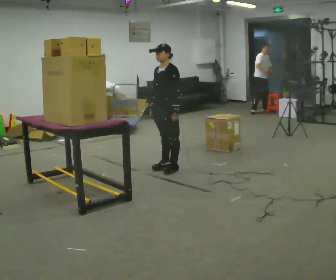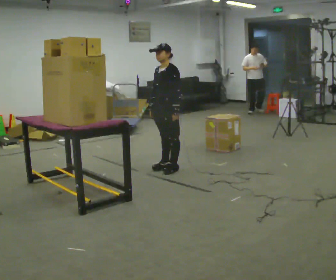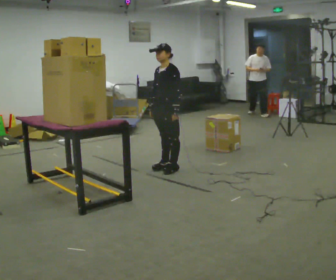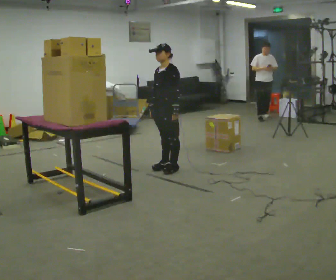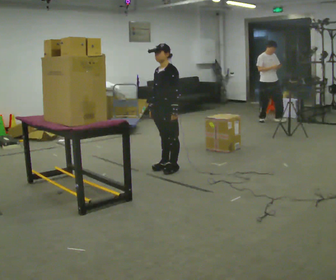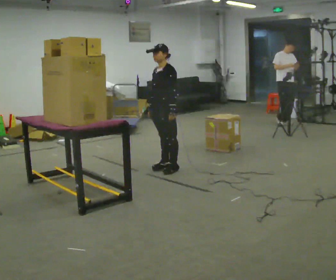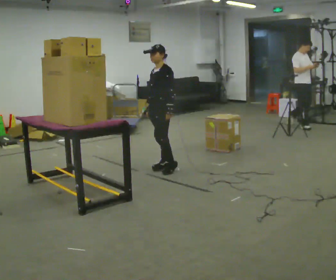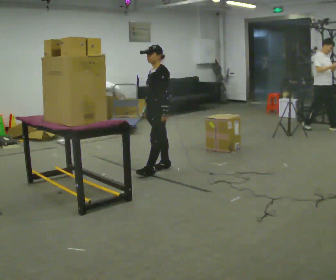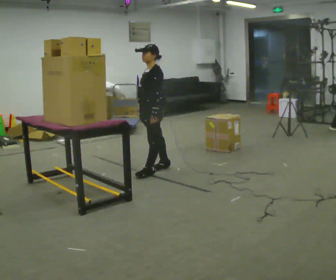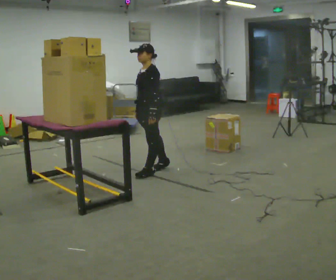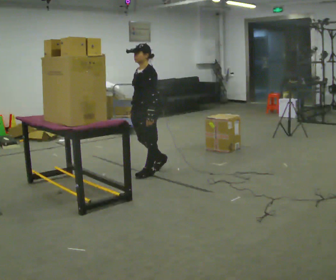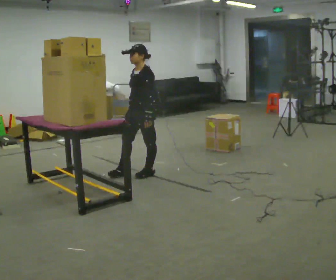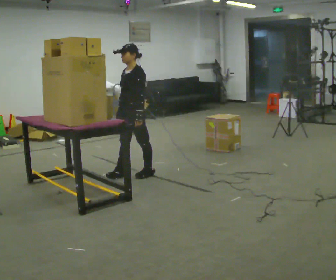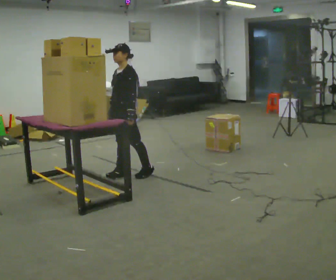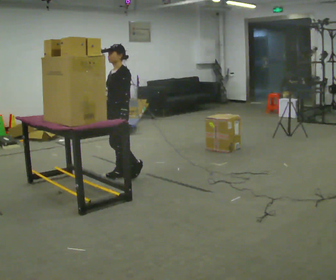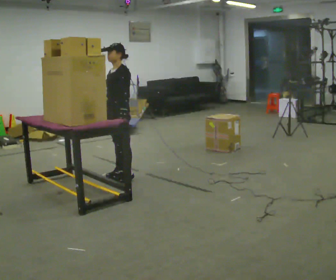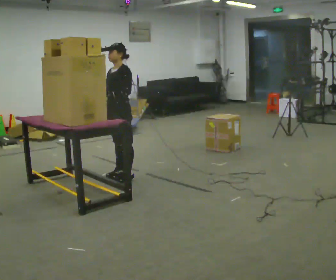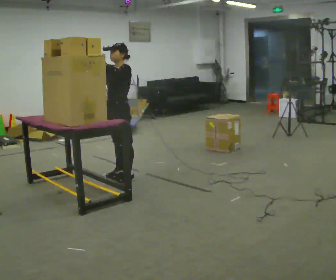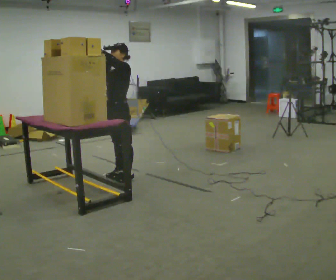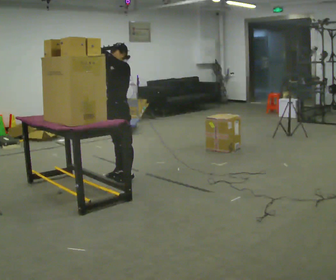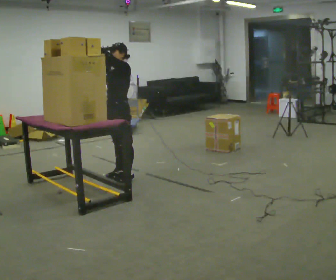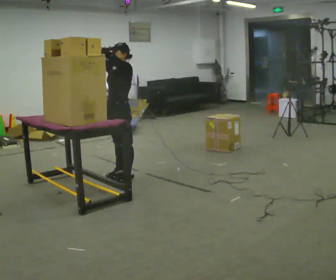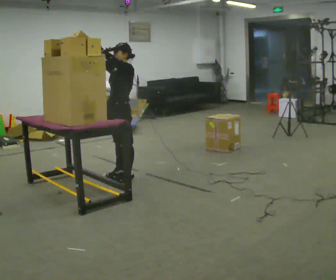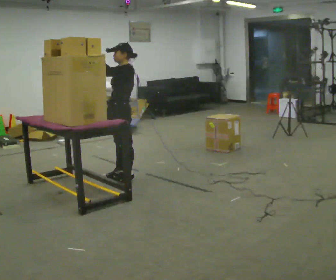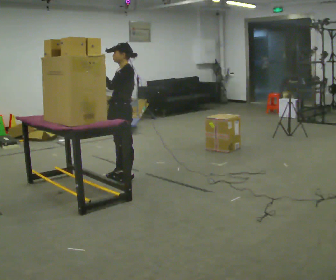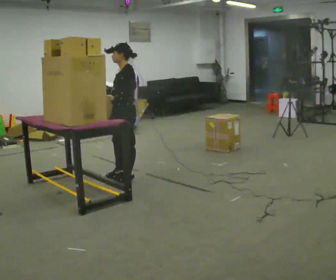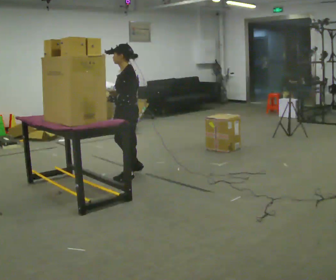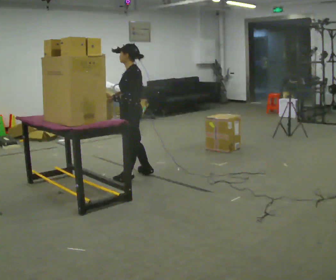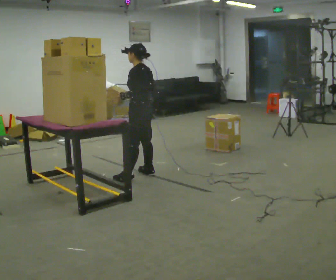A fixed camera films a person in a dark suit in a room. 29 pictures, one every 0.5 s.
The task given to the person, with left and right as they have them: Take an object down from the highest shelf you can comfortably reach, carry it across, and place it on the waist-height shelf. Keep going until the operator says stop; one object at a time, and do not rush between trips.
0.0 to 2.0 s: The person keeps their place and pose.
2.0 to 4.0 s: In the picture they go to the left, about 0.25 m in 1 step, which for them is forward.
4.0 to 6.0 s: In the picture they go to the left, about 0.25 m in 1 step, which for them is forward.
6.0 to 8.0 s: In the picture they go to the left, about 0.25 m in 1 step, which for them is forward.
8.0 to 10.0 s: In the picture their right hand goes upward, the arm swinging clockwise.
10.0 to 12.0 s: In the picture their right hand goes downward.
12.0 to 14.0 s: The person turns about 45 degrees to their right, clockwise seen from above, so the part of the body nearest the lens slides to the left. In the picture they go to the right, about 0.25 m in 1 step, which for them is backward. In the picture their right hand goes to the right.
The film runs forward here.
